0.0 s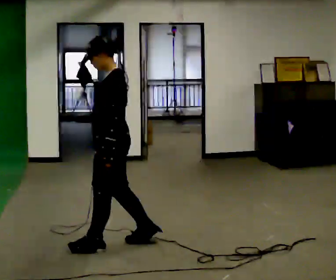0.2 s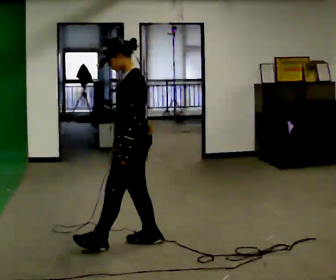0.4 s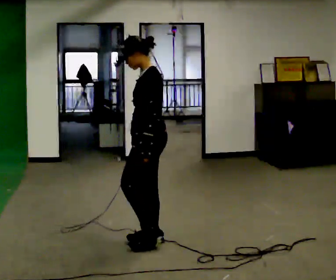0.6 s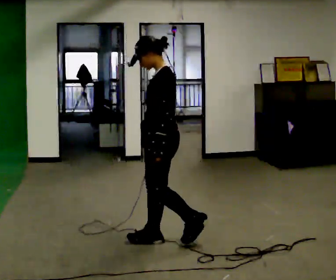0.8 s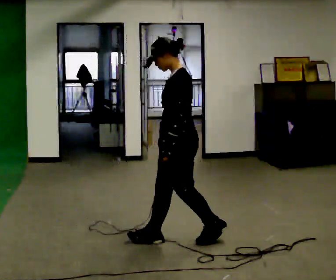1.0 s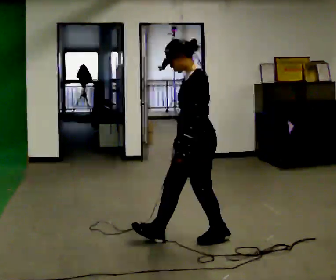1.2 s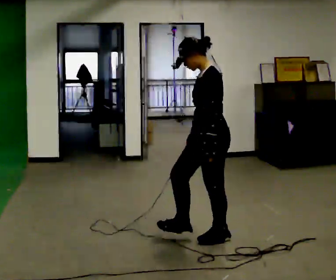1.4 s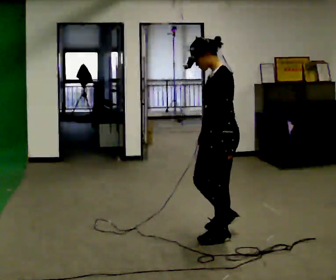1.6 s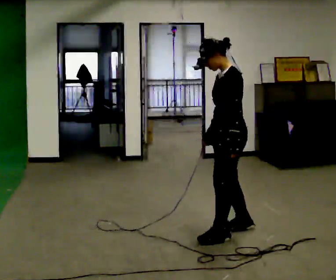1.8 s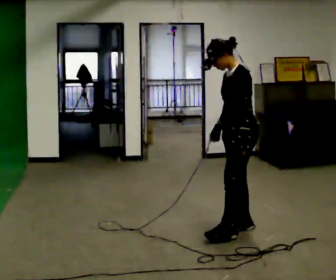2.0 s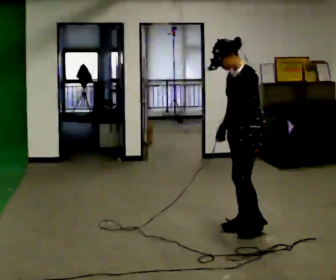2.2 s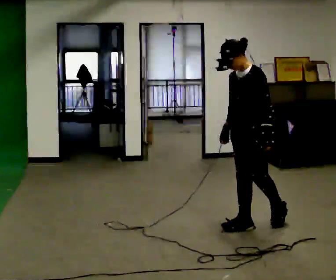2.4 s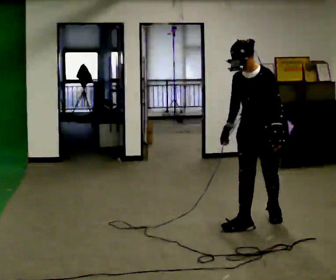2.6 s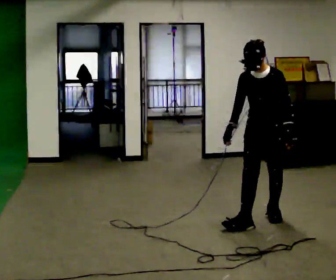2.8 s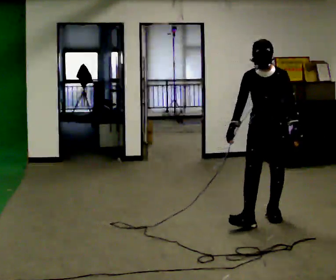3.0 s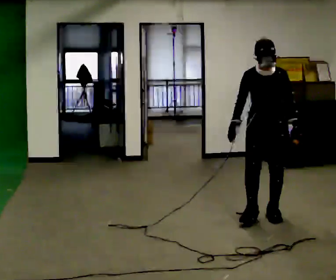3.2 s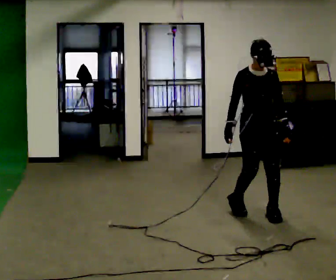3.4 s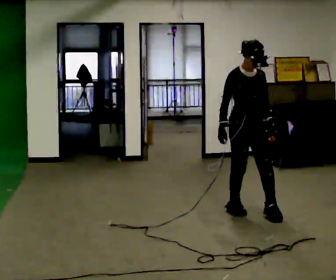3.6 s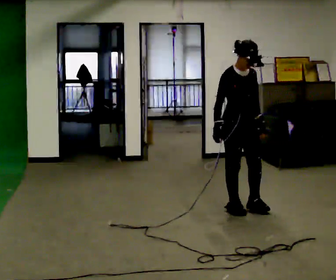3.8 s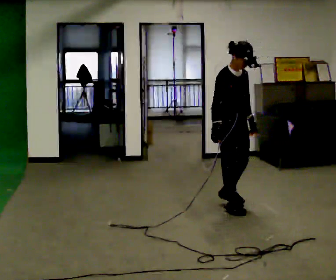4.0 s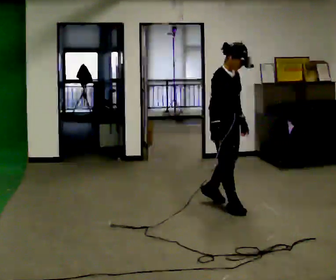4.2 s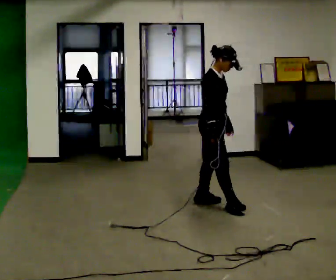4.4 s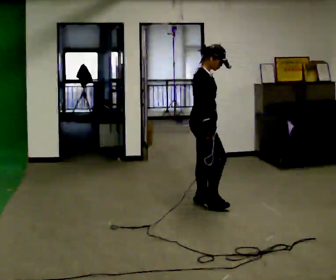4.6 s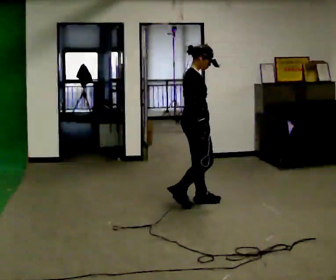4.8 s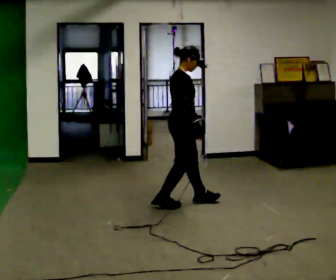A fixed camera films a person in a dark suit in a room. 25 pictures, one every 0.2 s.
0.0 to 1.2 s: In the picture they go to the right and away from the camera, about 0.5 m in 2 steps, which for them is backward.
1.2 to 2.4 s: The person turns about 45 degrees to their left, counterclockwise seen from above, so the part of the body nearest the lens slides to the right. In the picture they go away from the camera and to the right, about 0.5 m in 1 step, which for them is backward and to their right.
2.4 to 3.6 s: The person turns about 75 degrees to their left, counterclockwise seen from above, so the part of the body nearest the lens slides to the right. In the picture they go away from the camera and to the left, about 0.5 m in 2 steps.
3.6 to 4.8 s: Seen from above the body turns counterclockwise, about 60 degrees: to their left, with its near side sliding to the right. In the picture they go to the left, about 0.5 m in 2 steps.
The film runs forward here.
